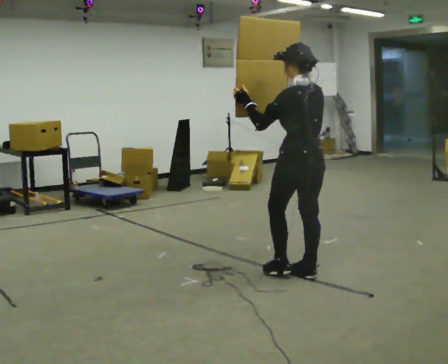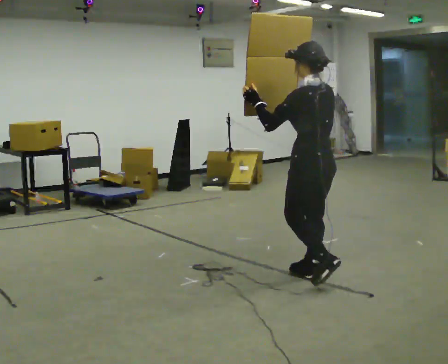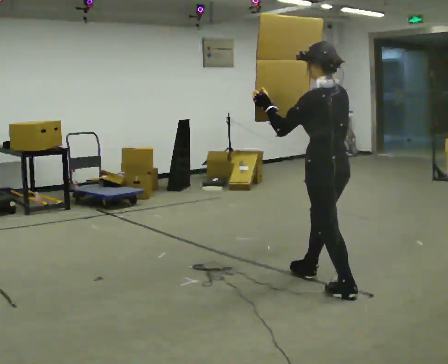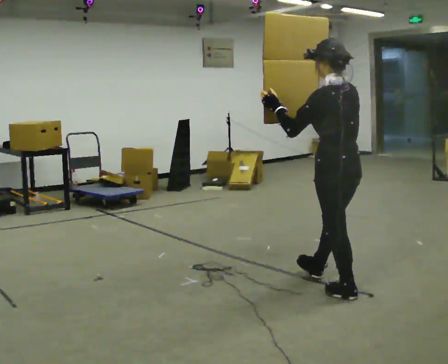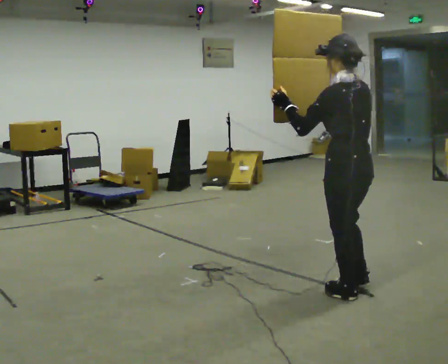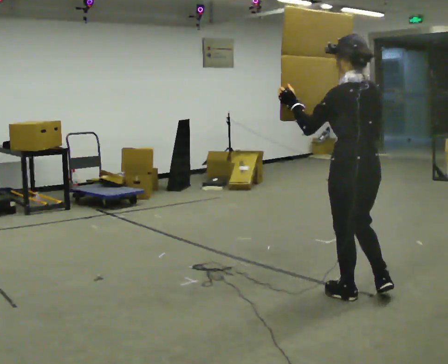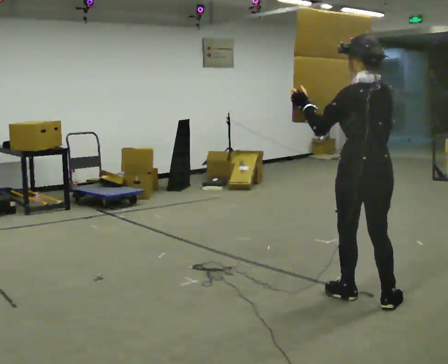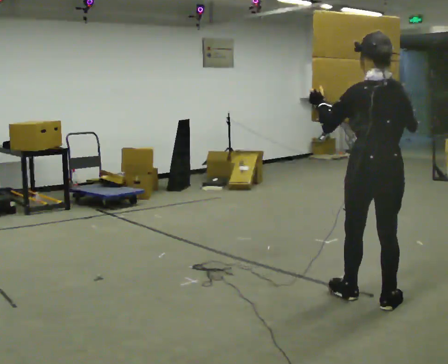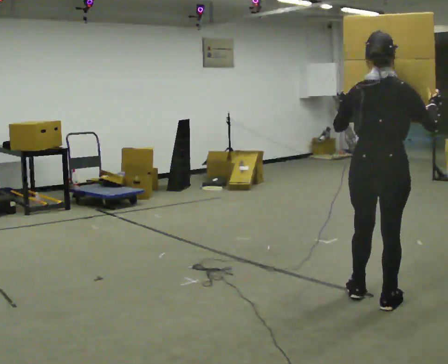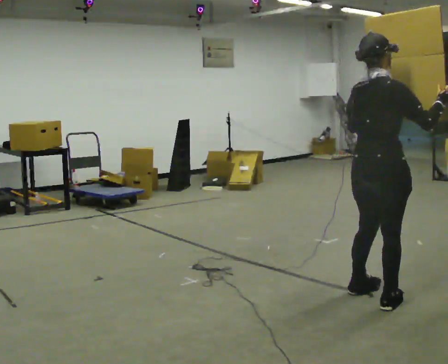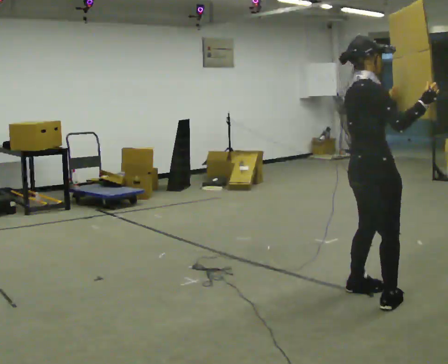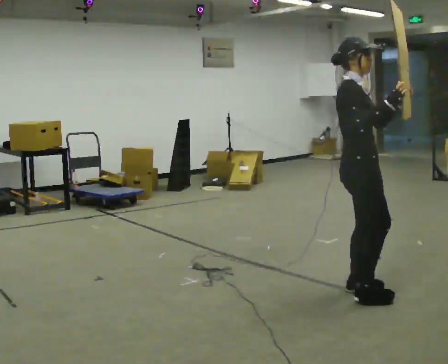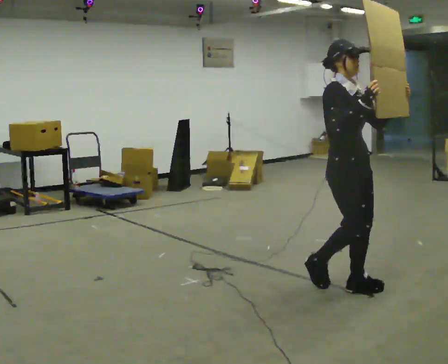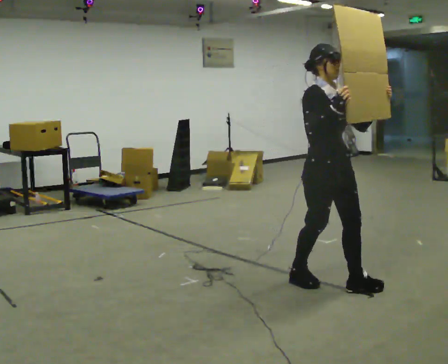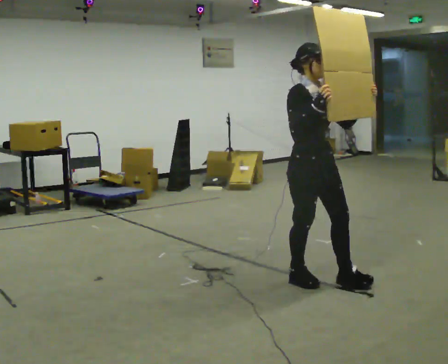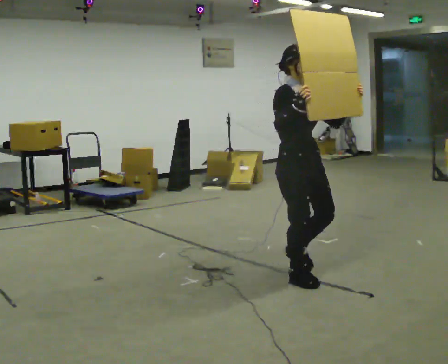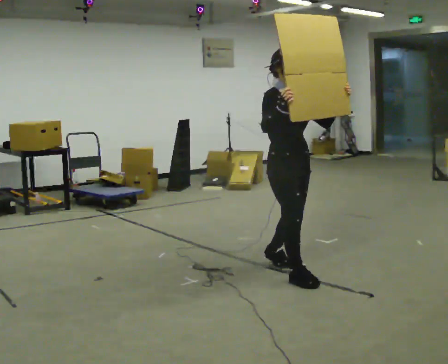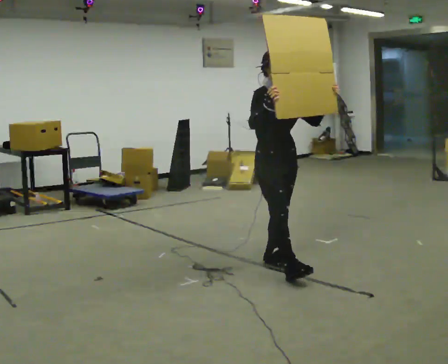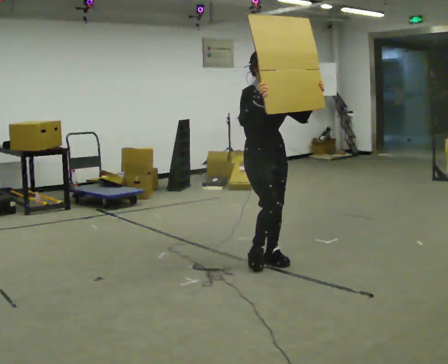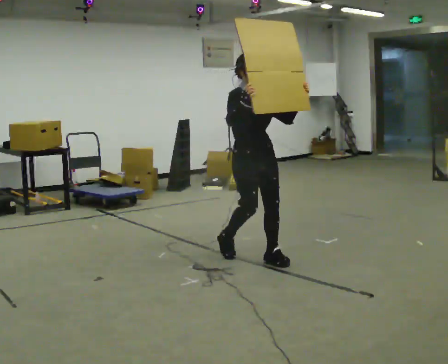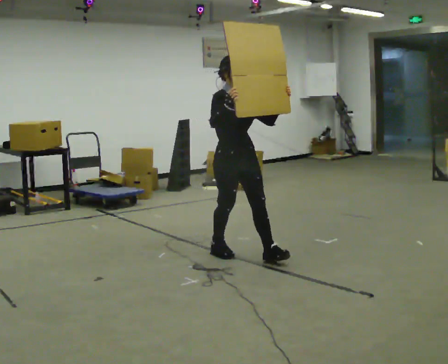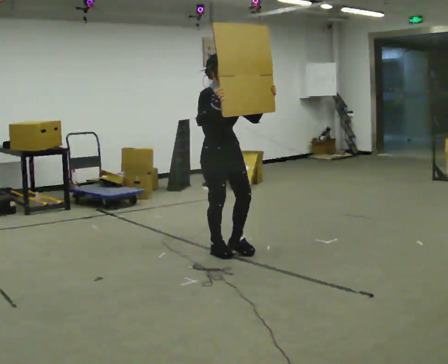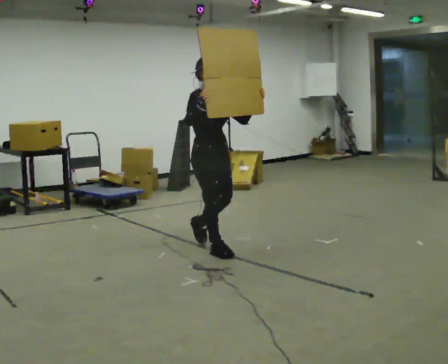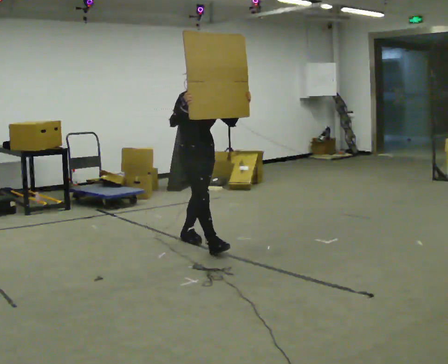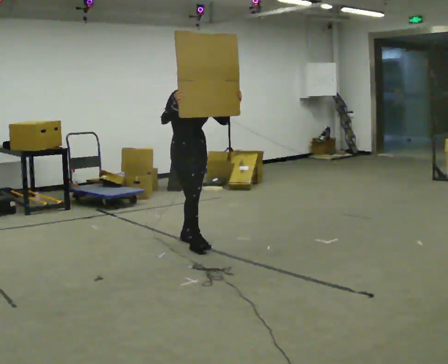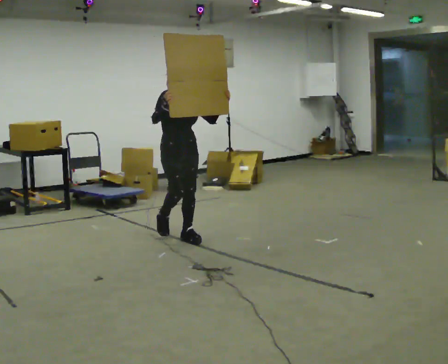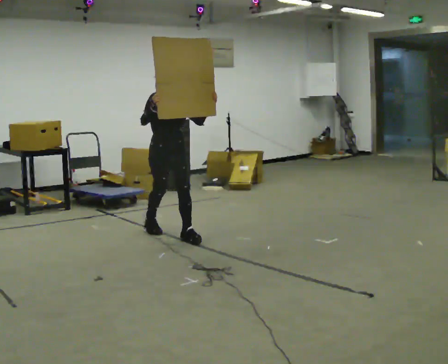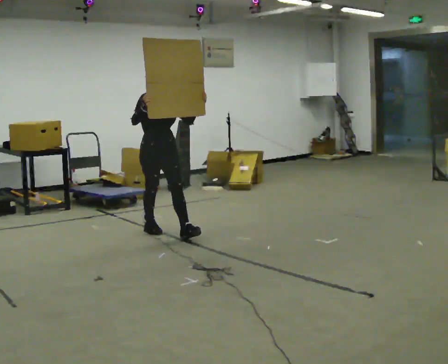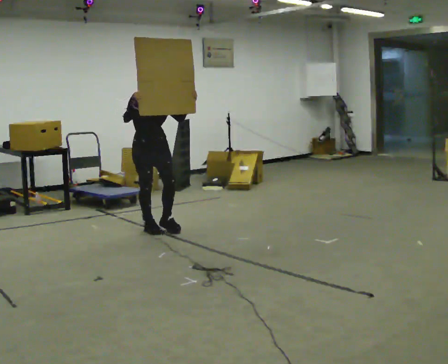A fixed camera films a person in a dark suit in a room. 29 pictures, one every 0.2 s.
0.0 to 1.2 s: In the picture they go toward the camera and to the right, about 0.75 m in 1 step, which for them is backward.
1.2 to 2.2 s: The person turns about 120 degrees to their right, clockwise seen from above, so the part of the body nearest the lens slides to the left.
2.2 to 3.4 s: The person turns about 30 degrees to their right, clockwise seen from above, so the part of the body nearest the lens slides to the left. In the picture they go away from the camera and to the left, about 1 m in 2 steps, which for them is backward.
3.4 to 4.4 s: In the picture they go to the left and away from the camera, about 0.5 m in 1 step, which for them is backward.
4.4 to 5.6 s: In the picture they go to the left and away from the camera, about 1 m in 2 steps, which for them is backward.
The film runs backward here.
